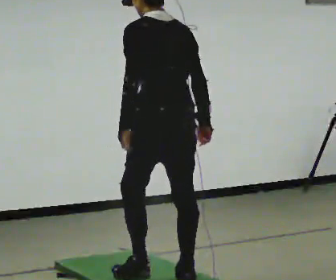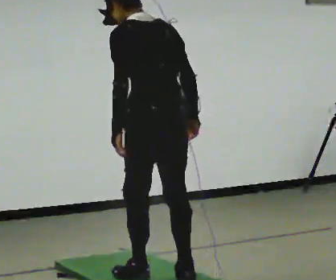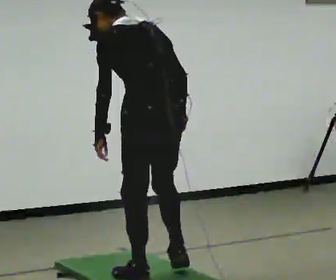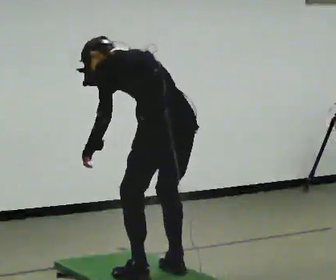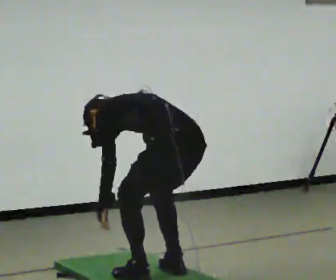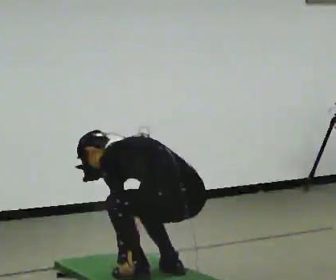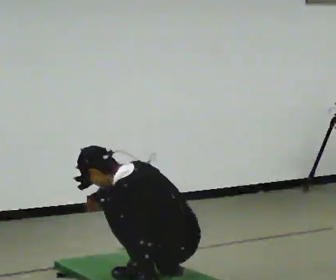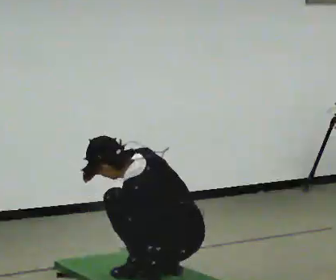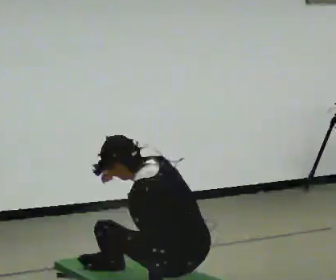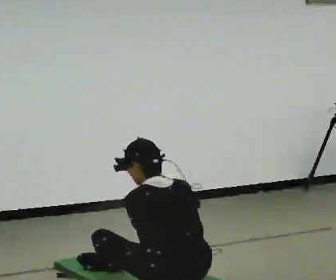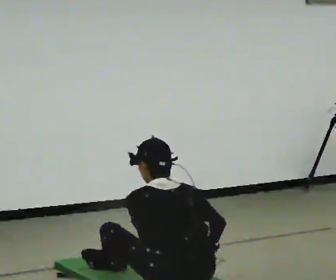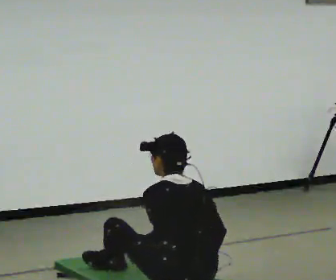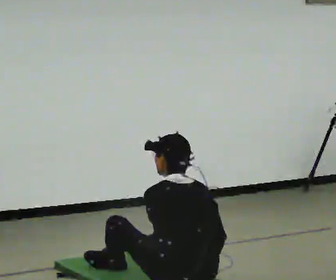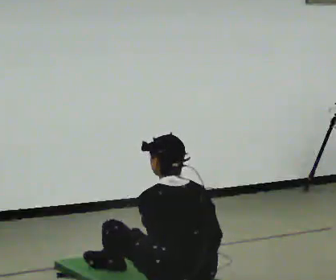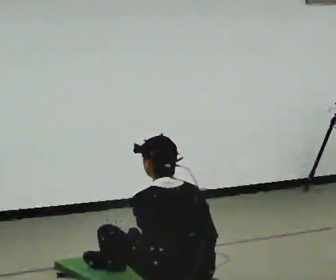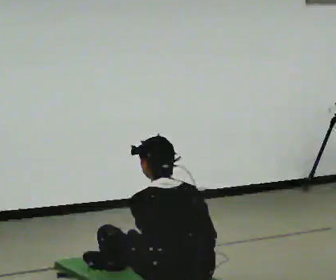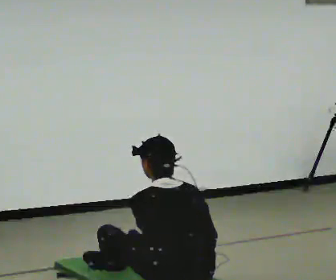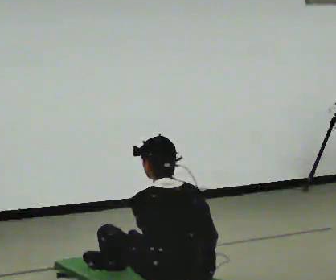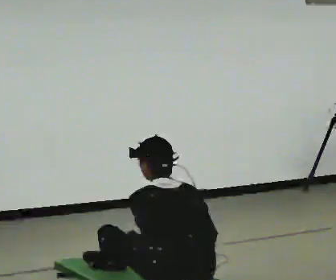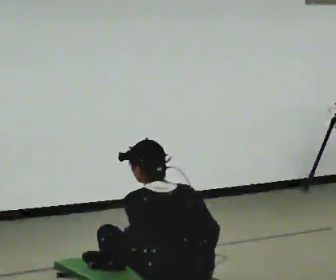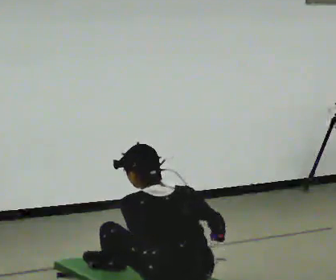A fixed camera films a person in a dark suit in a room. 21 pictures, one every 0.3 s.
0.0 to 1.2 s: The upper body goes downward. In the picture the upper body tilts counterclockwise, shoulders to the left, as they bend forward. In the picture their right hand goes downward.
1.2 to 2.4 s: In the picture they go toward the camera, about 0.25 m in 1 step. The upper body goes downward. The upper body tips toward the camera, its near side rolling downward, as they lean back or straighten.
2.4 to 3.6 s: In the picture the upper body tilts clockwise, shoulders to the right. In the picture their right hand goes downward and to the right.
3.6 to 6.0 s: The upper body tips toward the camera, its near side rolling downward.
The film runs forward here.
